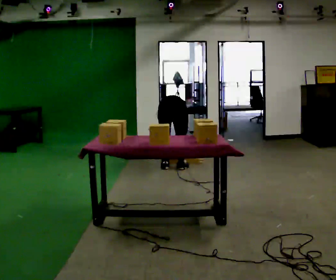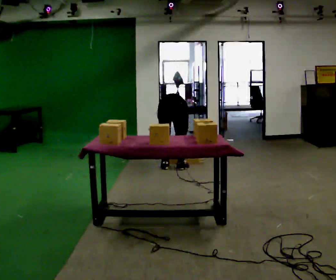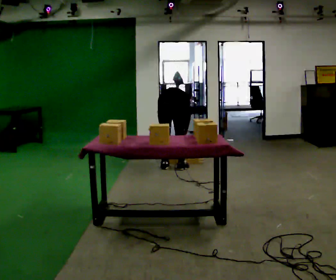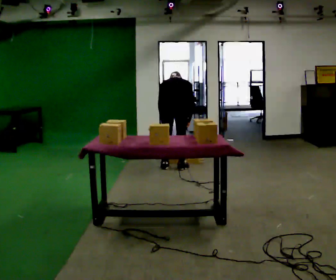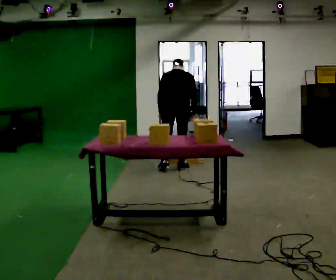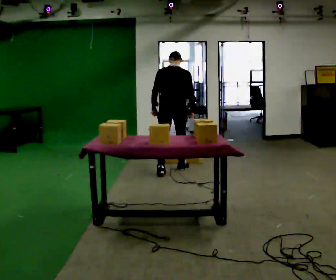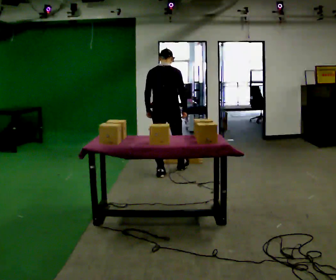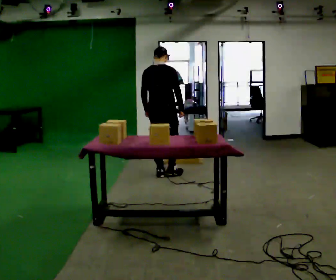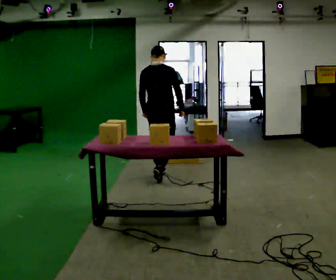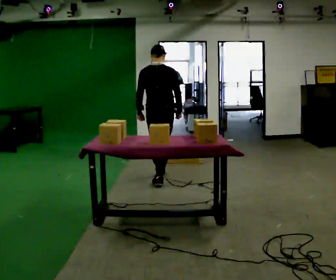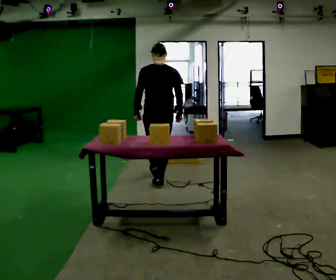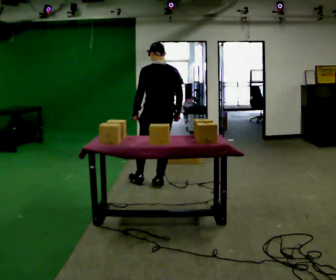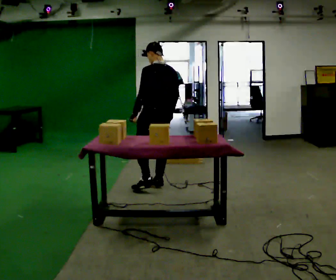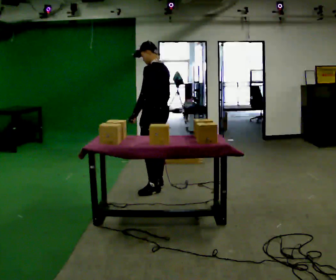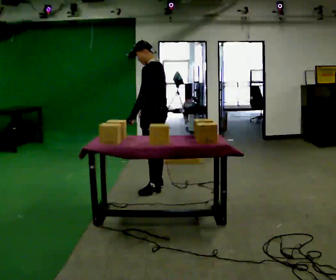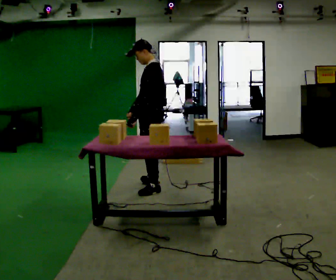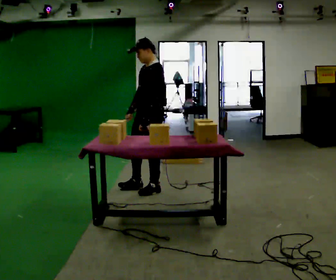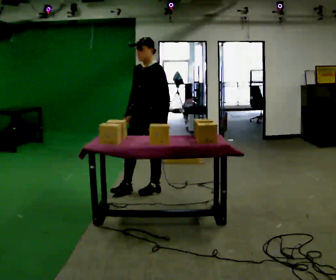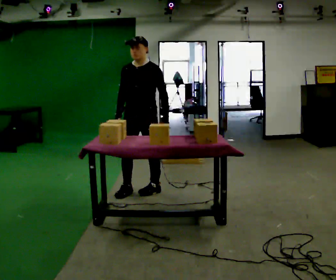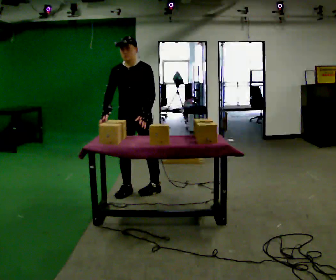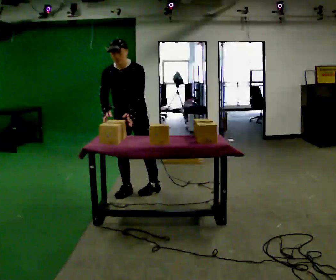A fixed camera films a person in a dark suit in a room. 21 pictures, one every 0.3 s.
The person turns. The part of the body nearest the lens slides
to the right.
The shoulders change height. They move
upward.
0.0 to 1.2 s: The upper body goes upward. The upper body tips toward the camera, its near side rolling downward, as they lean back or straighten. In the picture their left hand goes upward.
1.2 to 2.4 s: In the picture they go toward the camera and to the left, about 0.5 m in 1 step, which for them is backward. The upper body tips toward the camera, its near side rolling downward, as they lean back or straighten.
2.4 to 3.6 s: Seen from above the body turns counterclockwise, about 60 degrees: to their left, with its near side sliding to the right. In the picture they go toward the camera, about 0.5 m in 1 step, which for them is backward.
3.6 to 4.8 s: The part of the body nearest the lens slides to the right as the person turns to their left by about 75 degrees. In the picture they go toward the camera, about 0.25 m in 1 step.
4.8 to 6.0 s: The part of the body nearest the lens slides to the right as the person turns to their left by about 60 degrees. In the picture they go to the left, about 0.25 m, which for them is to their right.
The film runs backward here.
